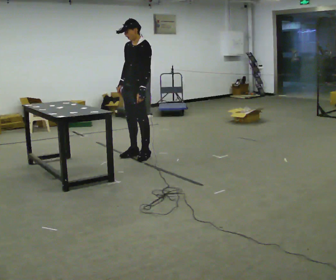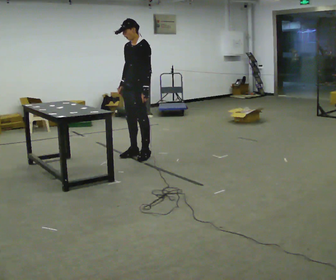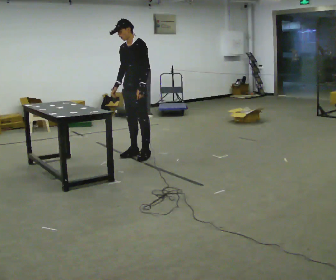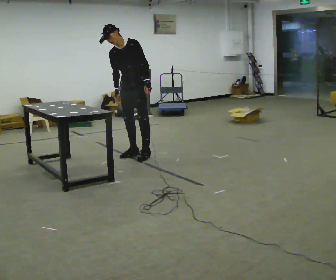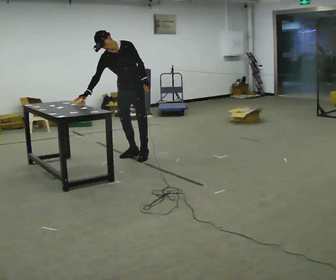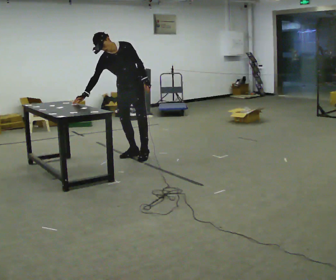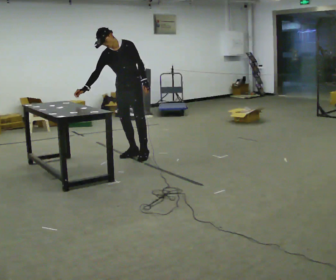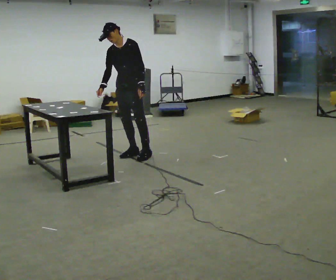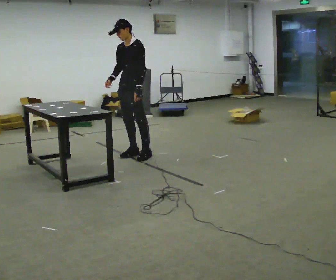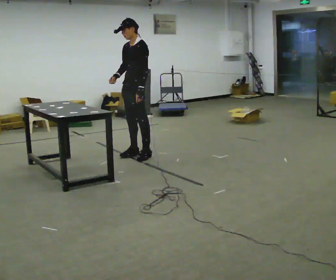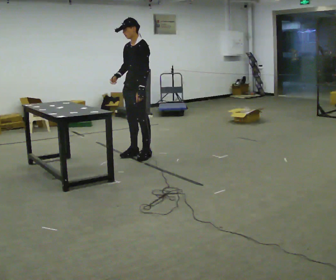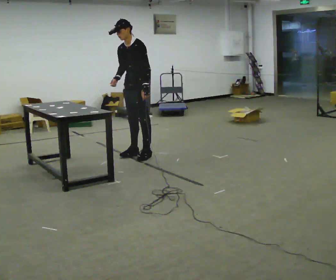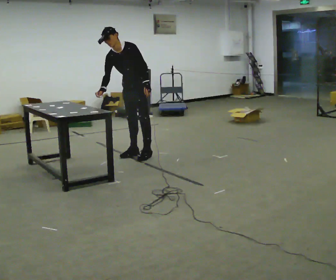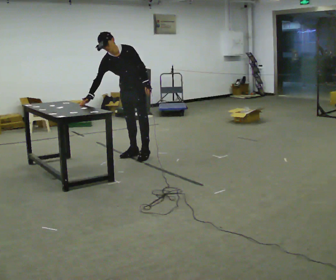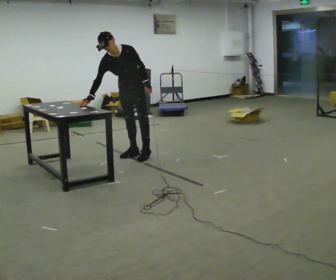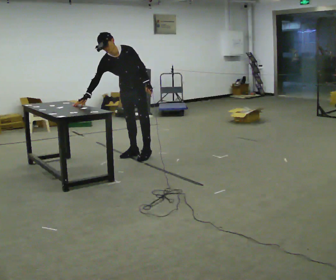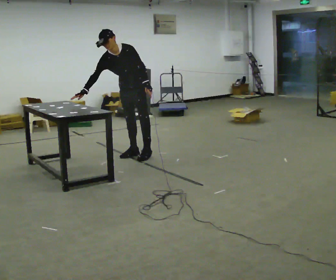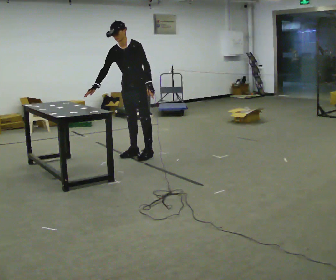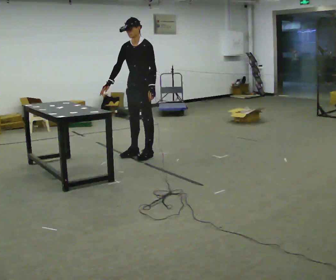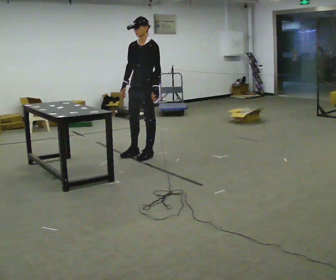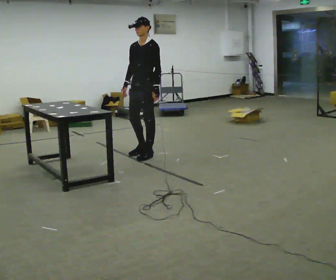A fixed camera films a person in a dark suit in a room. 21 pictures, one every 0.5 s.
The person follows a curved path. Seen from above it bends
clockwise.
0.0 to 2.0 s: The part of the body nearest the lens slides to the right as the person turns to their left by about 45 degrees. In the picture the upper body tilts counterclockwise, shoulders to the left, as they bend forward.
2.0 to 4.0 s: The part of the body nearest the lens slides to the left as the person turns to their right by about 45 degrees. In the picture the upper body tilts clockwise, shoulders to the right, as they lean back or straighten.
4.0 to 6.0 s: In the picture the upper body tilts counterclockwise, shoulders to the left, as they bend forward.
6.0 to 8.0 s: The person moves a little, or ends about where they began.
8.0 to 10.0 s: In the picture they go to the right, about 0.25 m, which for them is to their left. The upper body tips away from the camera, its near side rolling upward, as they lean back or straighten. In the picture their right hand goes to the right.
The film runs backward here.
